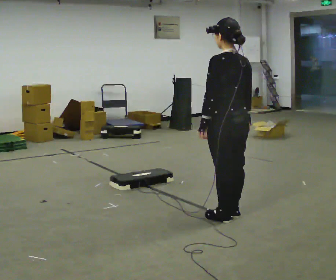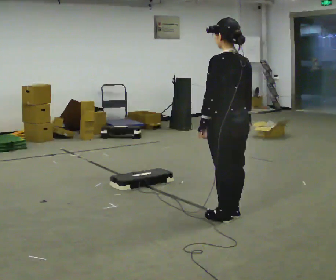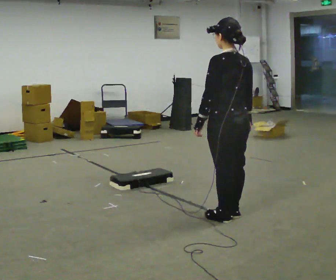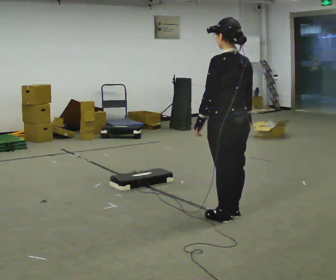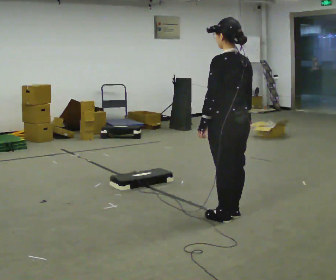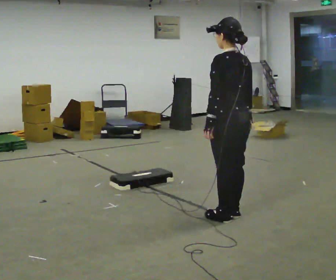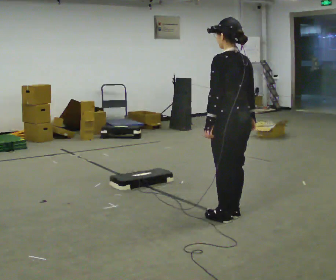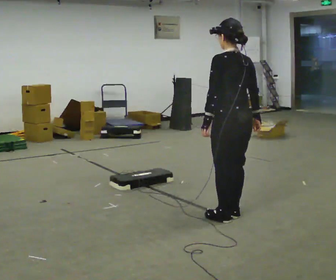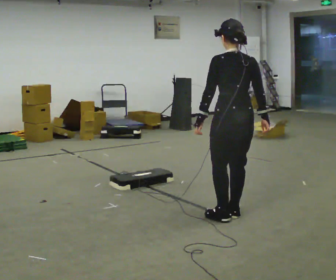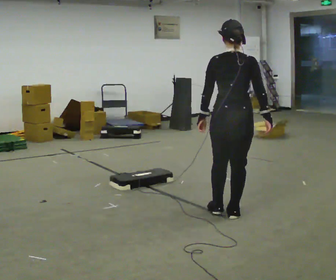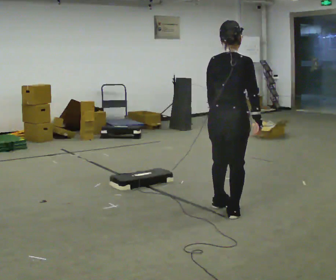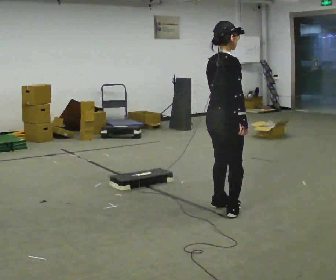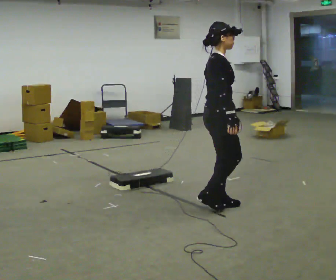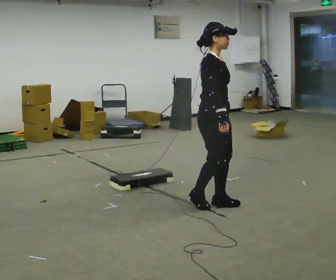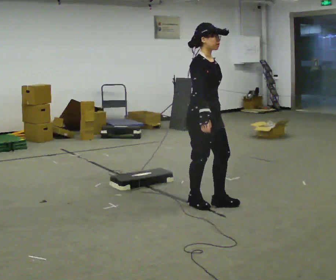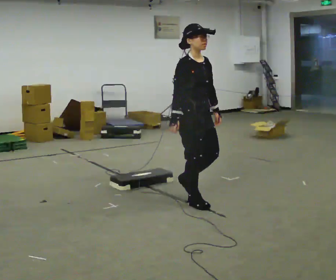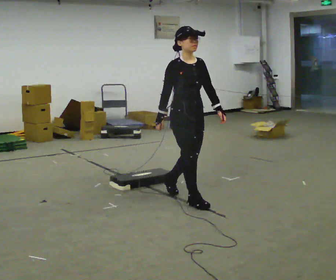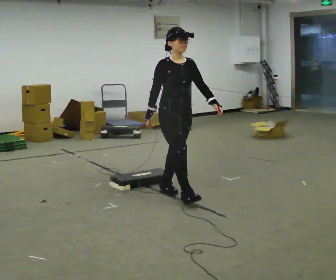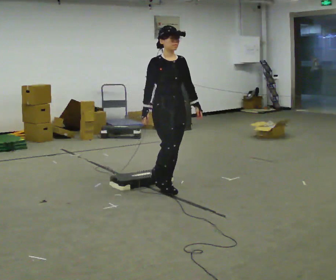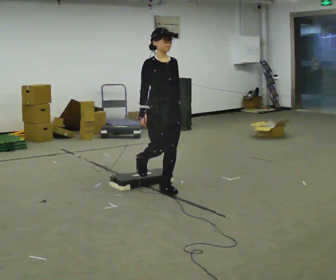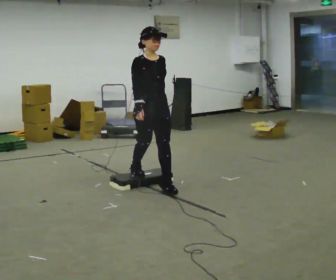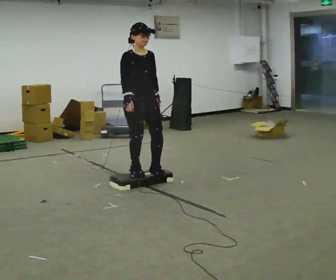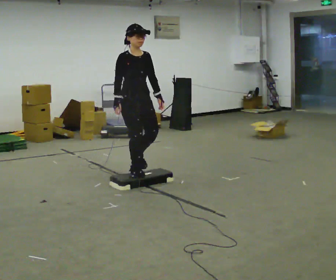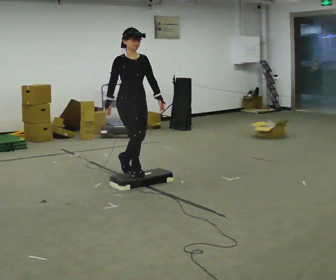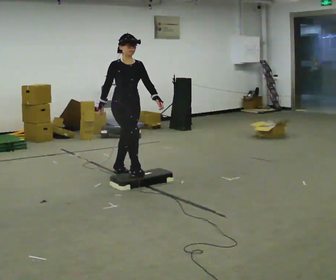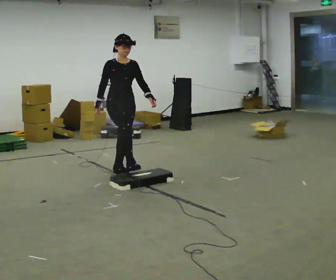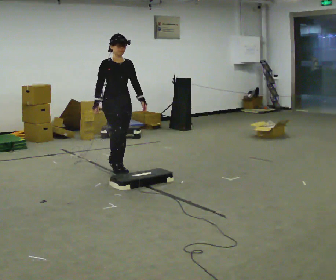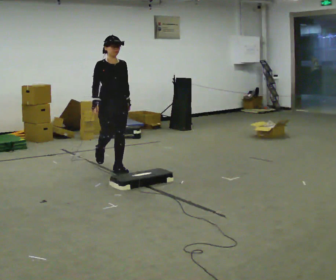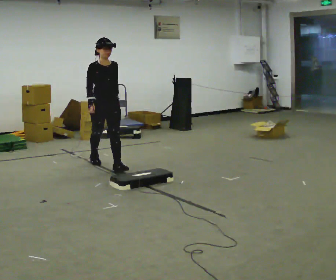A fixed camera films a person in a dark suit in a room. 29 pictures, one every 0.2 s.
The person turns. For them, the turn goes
to their right.
The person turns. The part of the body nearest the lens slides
to the left.
0.0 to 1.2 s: The person moves a little, or ends about where they began.
1.2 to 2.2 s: The person turns about 90 degrees to their right, clockwise seen from above, so the part of the body nearest the lens slides to the left. In the picture they go away from the camera, about 0.25 m in 1 step.
2.2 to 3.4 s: Seen from above the body turns clockwise, about 90 degrees: to their right, with its near side sliding to the left. In the picture they go to the left and away from the camera, about 0.75 m in 3 steps.
3.4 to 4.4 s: In the picture they go to the left and away from the camera, about 0.75 m in 1 step, which for them is backward.
4.4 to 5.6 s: In the picture they go away from the camera and to the left, about 1 m in 1 step, which for them is backward.
The film runs backward here.
